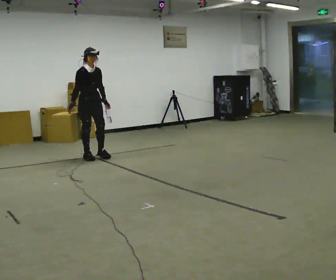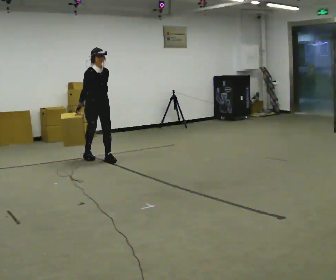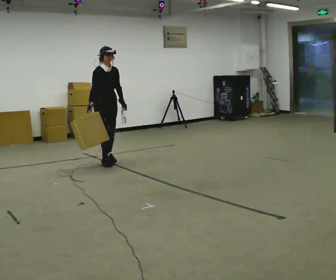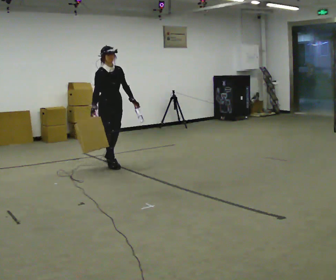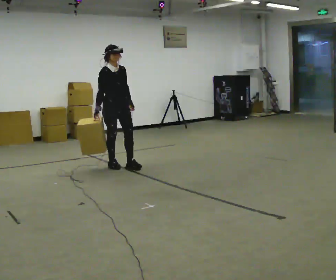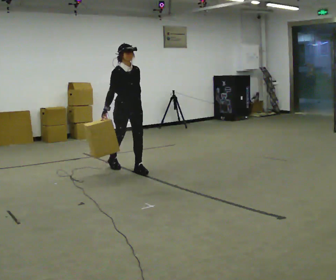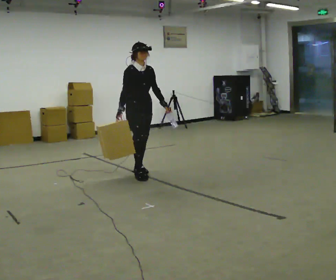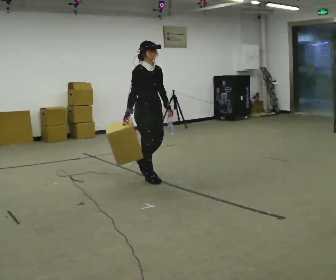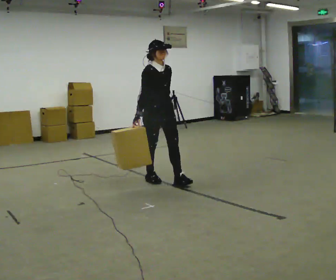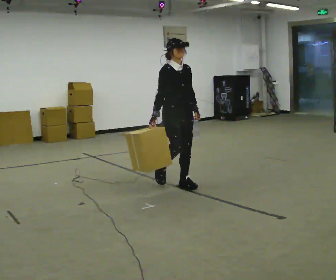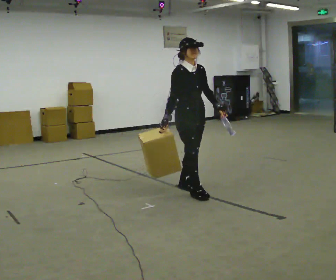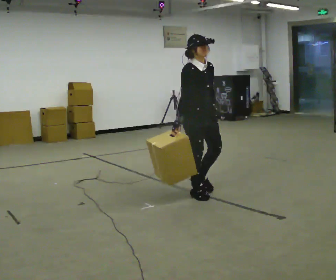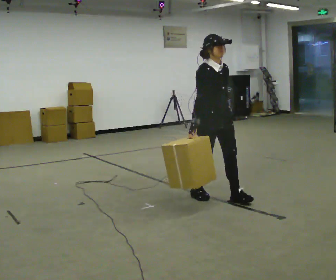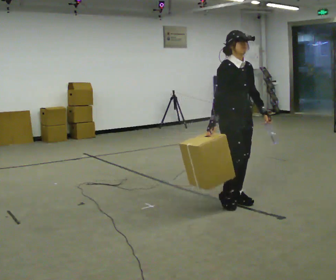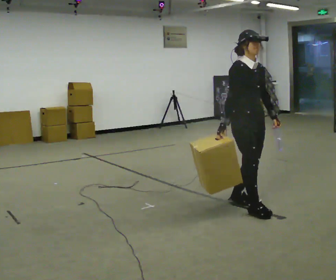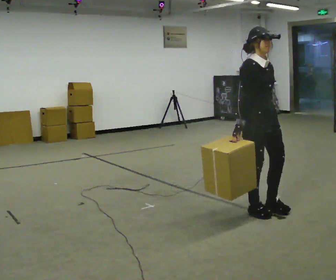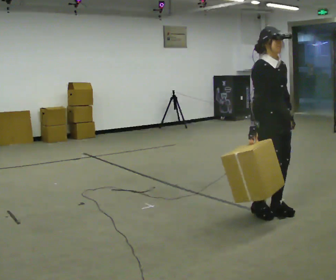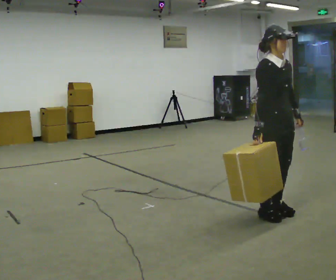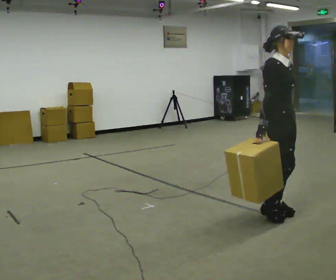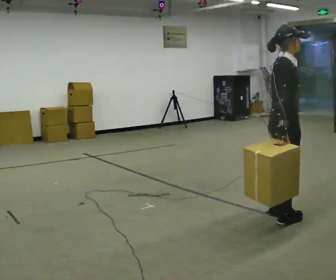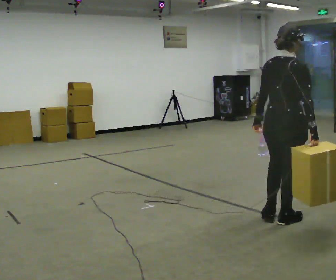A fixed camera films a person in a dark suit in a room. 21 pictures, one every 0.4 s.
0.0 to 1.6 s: In the picture they go toward the camera and to the right, about 0.75 m in 2 steps, which for them is forward.
1.6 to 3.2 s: In the picture they go toward the camera and to the right, about 1 m in 2 steps, which for them is forward.
3.2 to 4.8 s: In the picture they go toward the camera and to the right, about 1 m in 3 steps, which for them is forward.
4.8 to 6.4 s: In the picture they go toward the camera and to the right, about 0.75 m in 2 steps, which for them is forward.
6.4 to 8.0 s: The person turns about 105 degrees to their left, counterclockwise seen from above, so the part of the body nearest the lens slides to the right. In the picture they go toward the camera, about 0.25 m in 2 steps.
The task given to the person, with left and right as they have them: Carry one object in each hand, the heavy one in the hand the operator calls, walking back and forth across the room.
The film runs forward here.
